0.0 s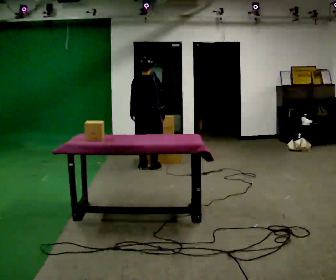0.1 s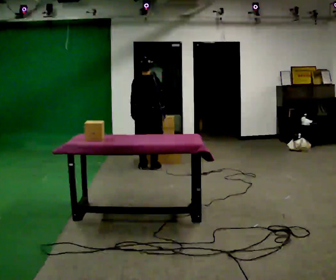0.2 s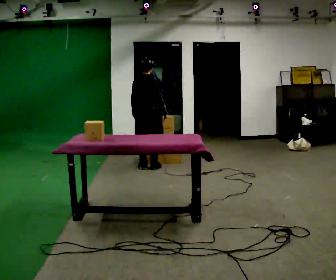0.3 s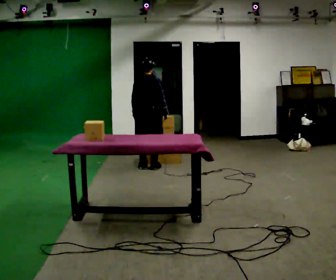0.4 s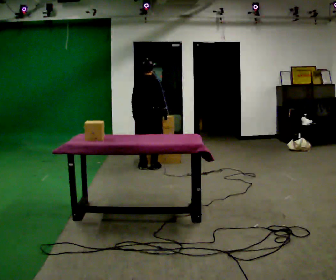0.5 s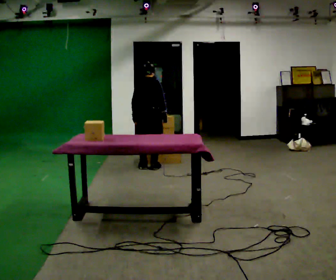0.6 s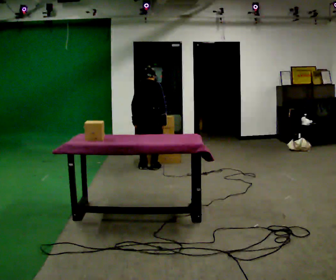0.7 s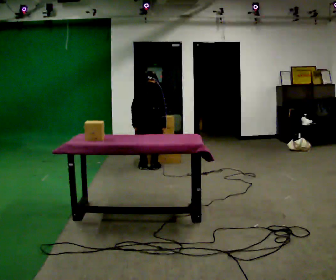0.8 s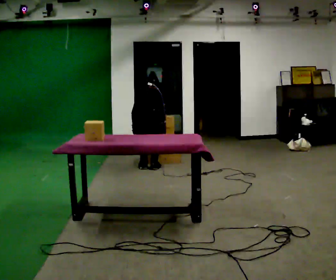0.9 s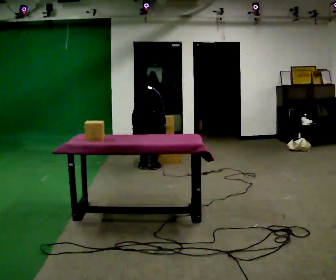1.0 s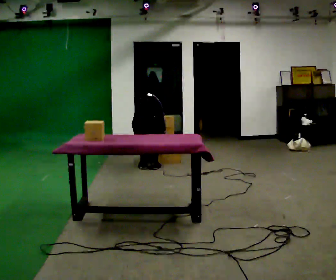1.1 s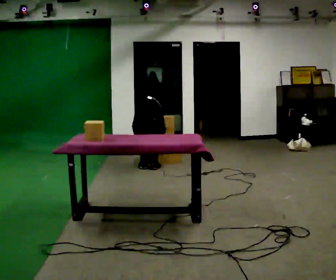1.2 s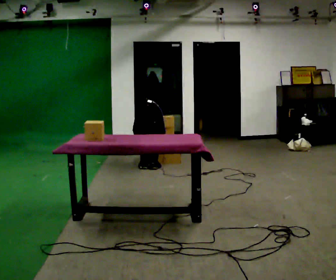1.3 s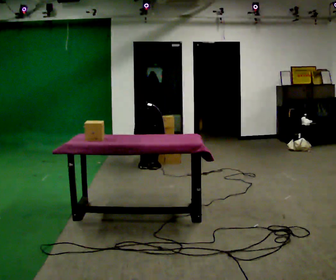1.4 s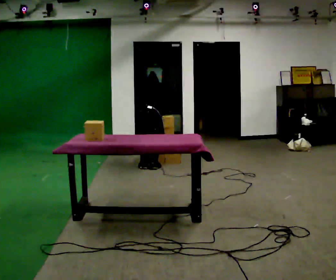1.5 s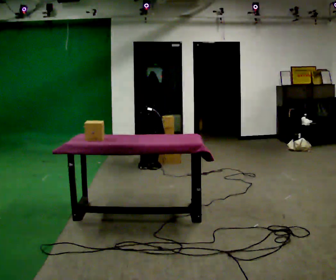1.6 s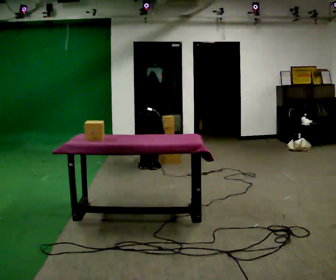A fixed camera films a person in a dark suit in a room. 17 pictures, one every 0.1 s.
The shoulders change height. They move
downward.
The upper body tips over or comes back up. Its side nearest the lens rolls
upward.
0.0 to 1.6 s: The shoulders move downward. The upper body tips away from the camera, its near side rolling upward, as they bend forward. In the picture their left hand goes downward.
The film runs backward here.
